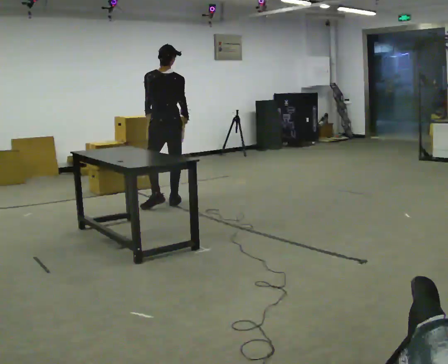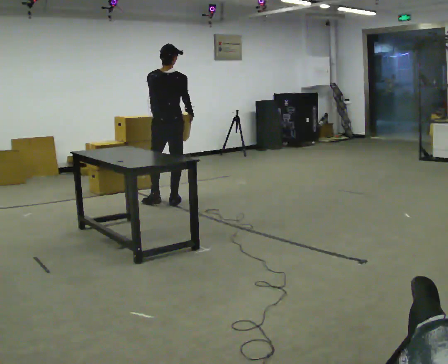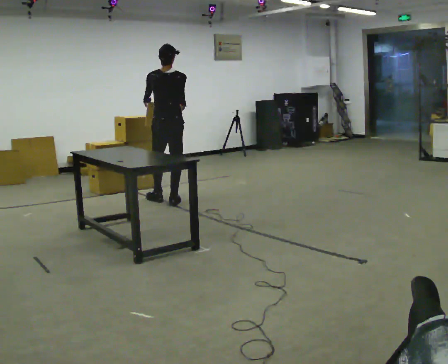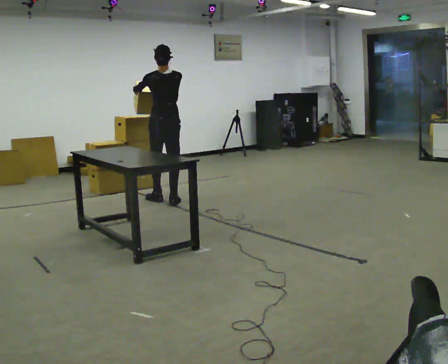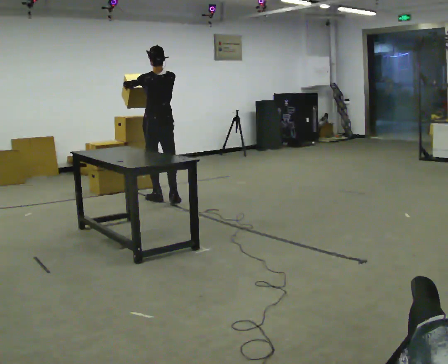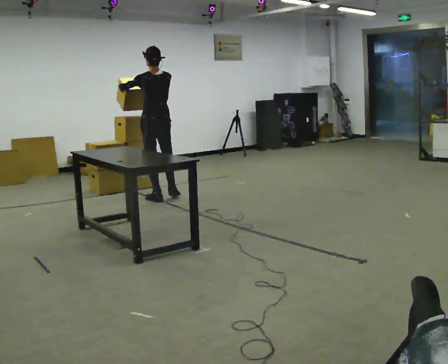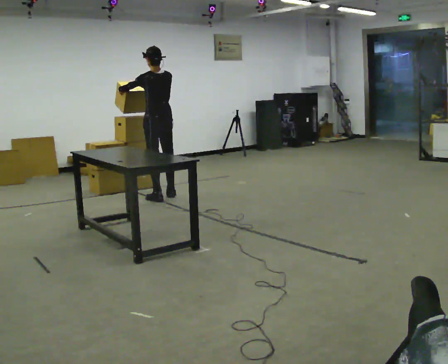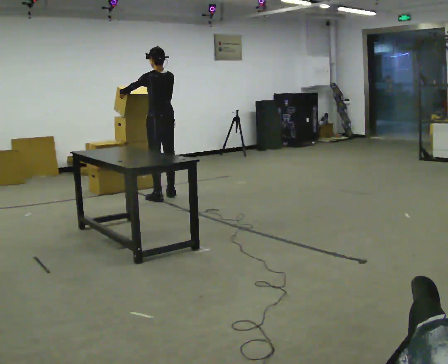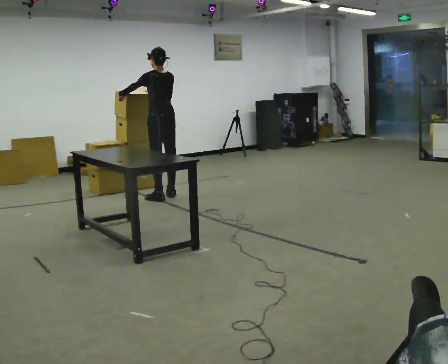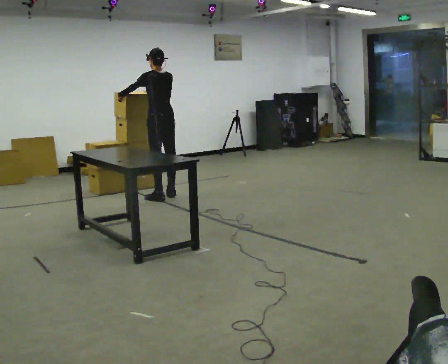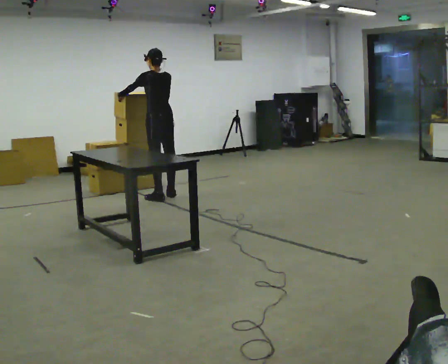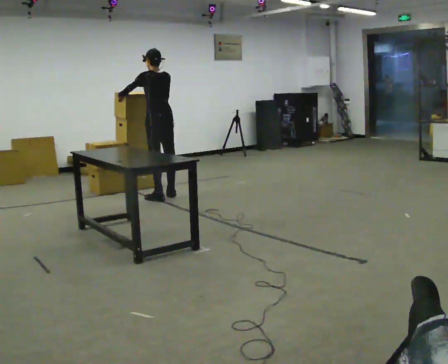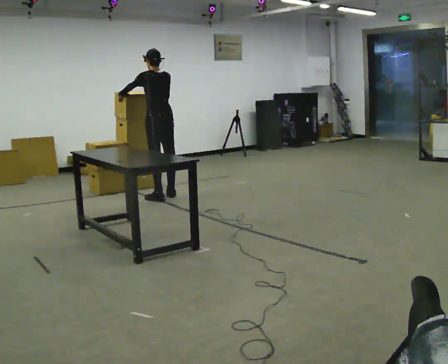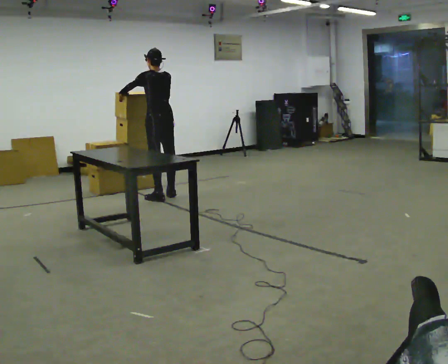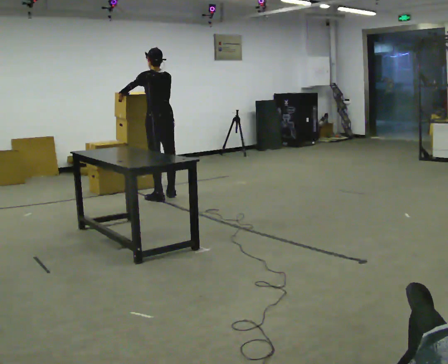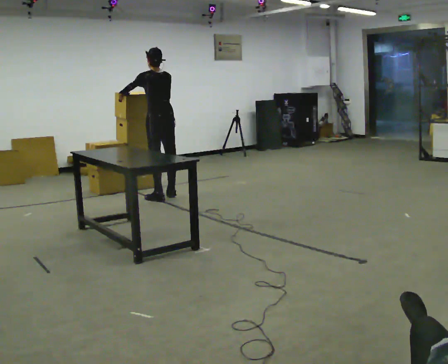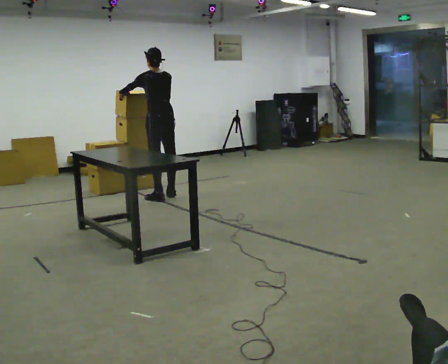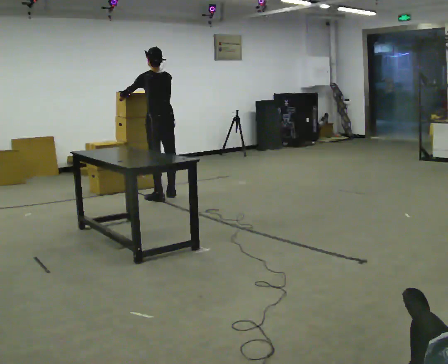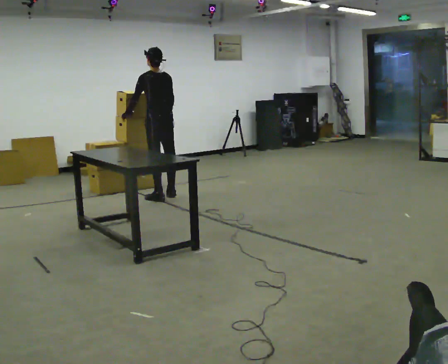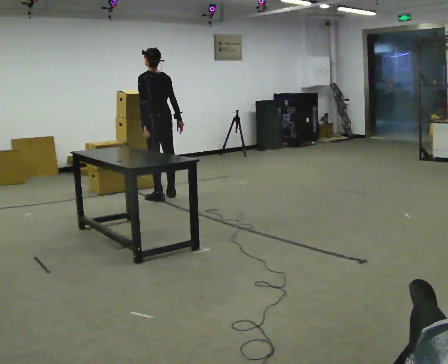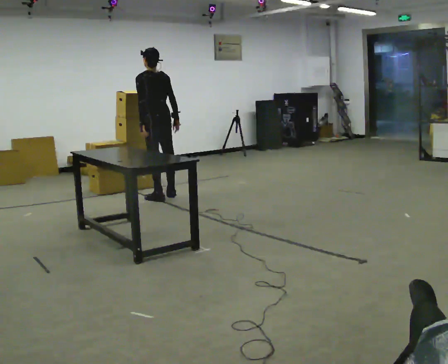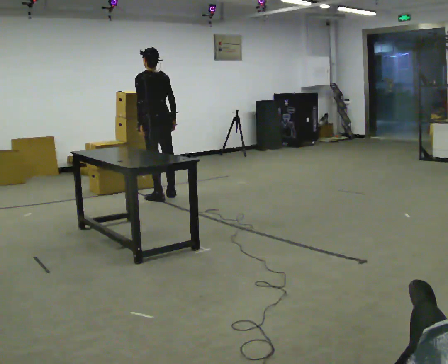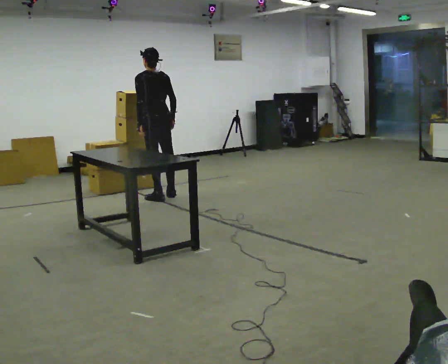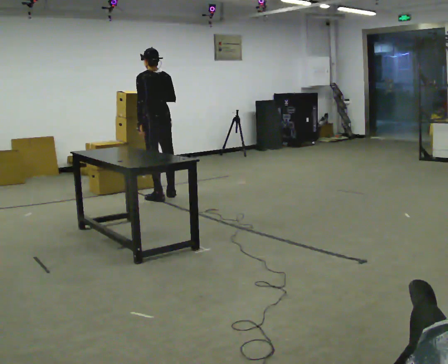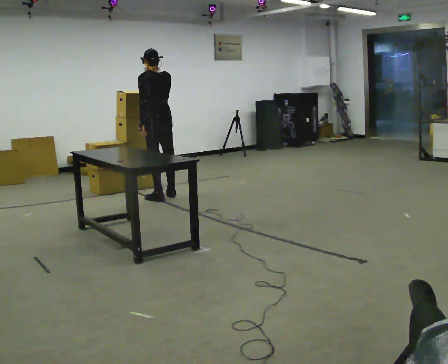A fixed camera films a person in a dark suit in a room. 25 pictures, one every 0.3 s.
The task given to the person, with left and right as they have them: Take the boxes off the top, get the one from the bottom, carry it away, then put the others back. Keep going until the operator says stop; one object at a time, and do not rush between trips.
0.0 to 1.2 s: In the picture they go away from the camera, about 0.25 m in 1 step, which for them is forward. In the picture their right hand goes upward.
1.2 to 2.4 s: In the picture they go away from the camera, about 0.25 m in 1 step, which for them is to their right and forward.
2.4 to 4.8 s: The person moves a little, or ends about where they began.
4.8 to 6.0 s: In the picture their left hand goes downward, the arm swinging counterclockwise.
6.0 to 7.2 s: In the picture their right hand goes upward.
The film runs forward here.
